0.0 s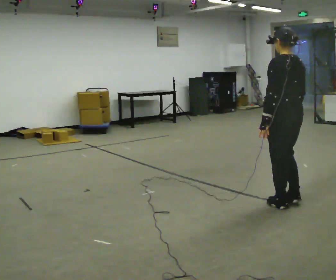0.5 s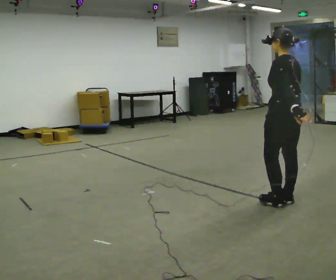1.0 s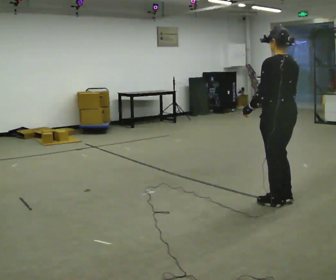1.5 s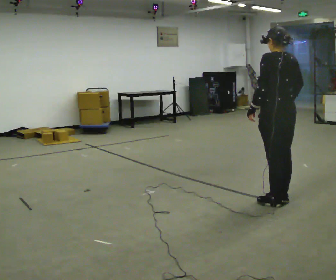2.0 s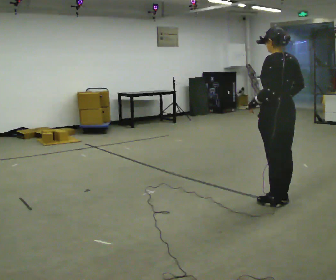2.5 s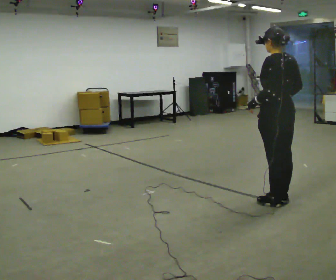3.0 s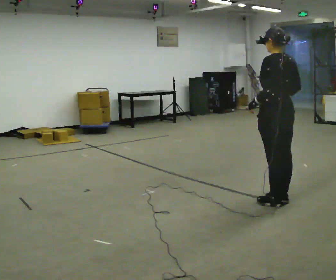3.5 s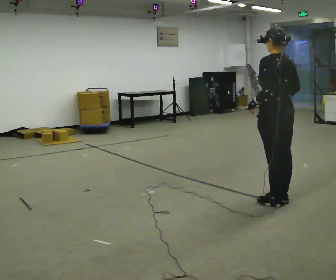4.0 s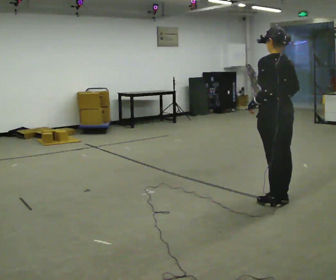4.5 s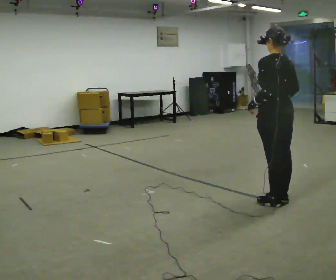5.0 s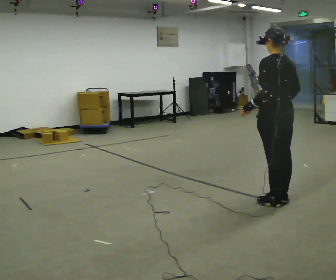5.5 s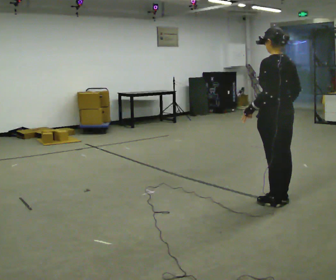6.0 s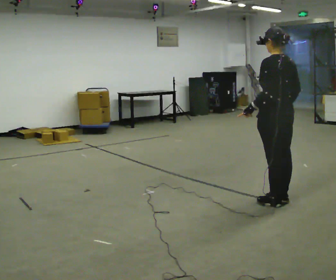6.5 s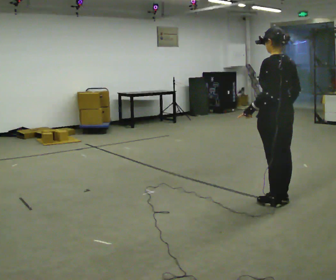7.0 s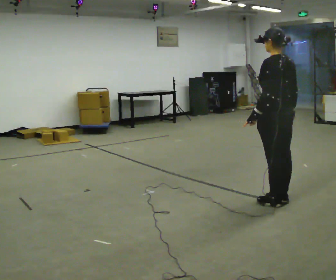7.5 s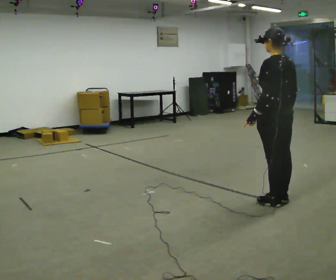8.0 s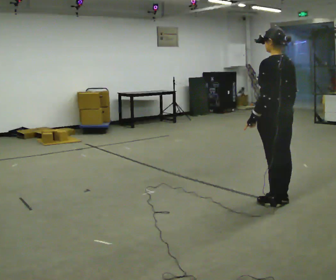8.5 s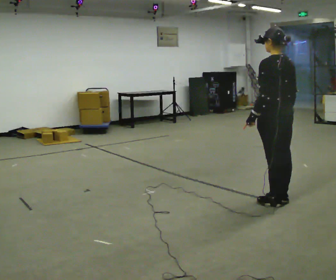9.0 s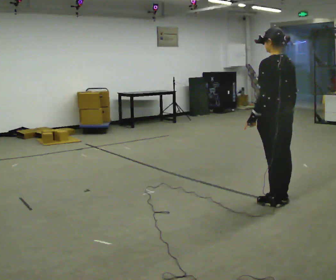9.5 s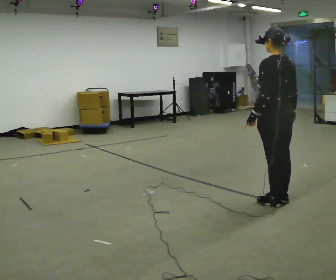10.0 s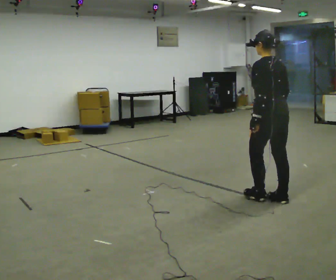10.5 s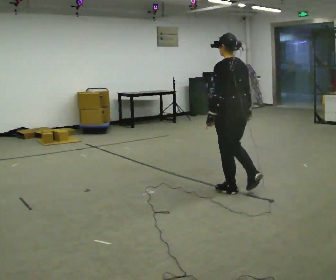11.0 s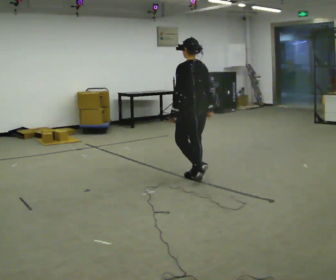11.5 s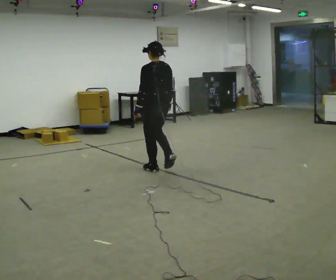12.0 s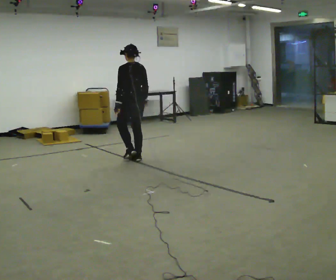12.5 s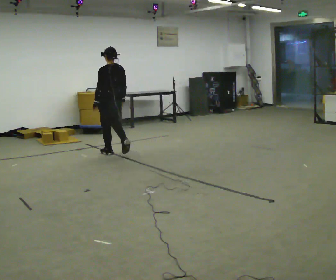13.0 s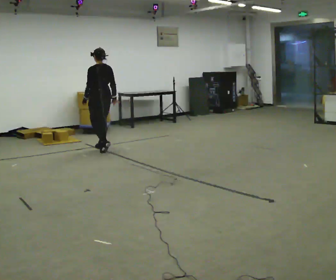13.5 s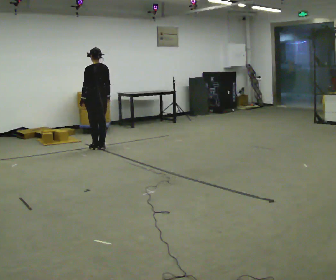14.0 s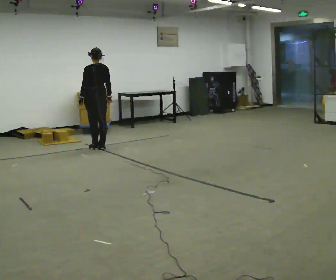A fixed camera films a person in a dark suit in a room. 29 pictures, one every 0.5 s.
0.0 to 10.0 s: In the picture they go away from the camera, about 0.25 m, which for them is forward.
10.0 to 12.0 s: In the picture they go to the left and away from the camera, about 2.5 m in 4 steps, which for them is forward.
12.0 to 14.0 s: In the picture they go to the left and away from the camera, about 1 m in 3 steps, which for them is forward.
The film runs forward here.
